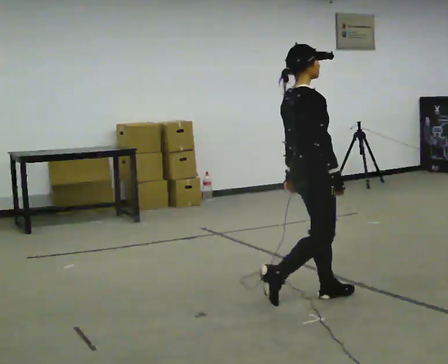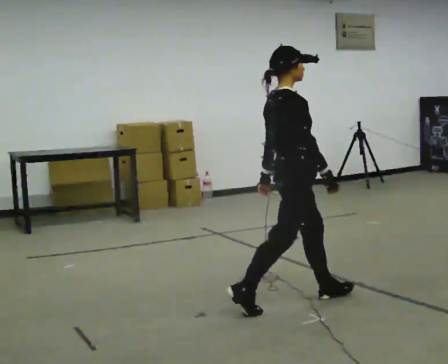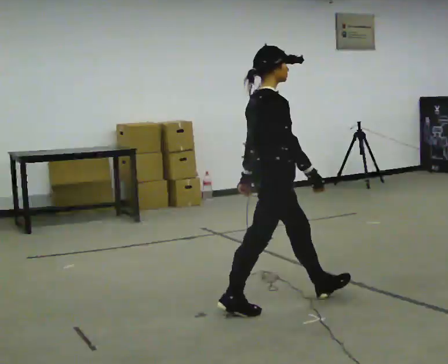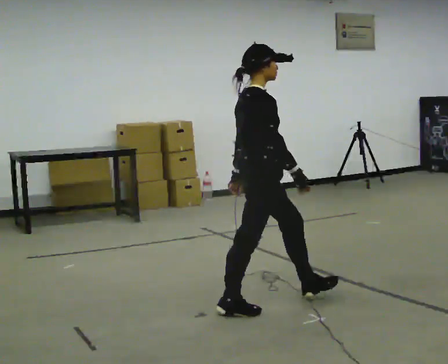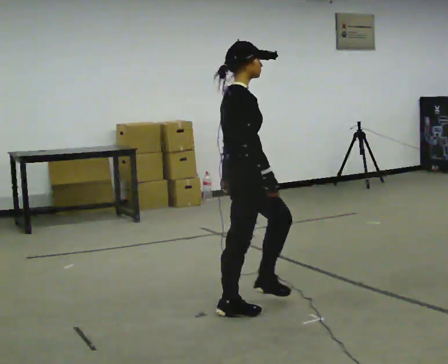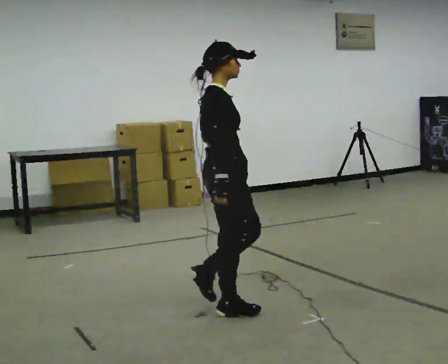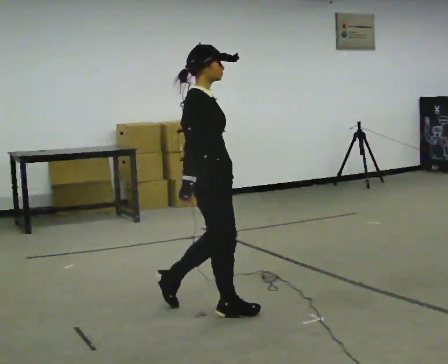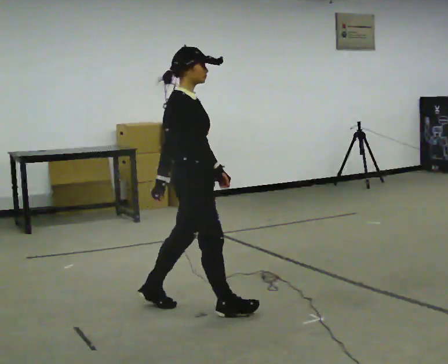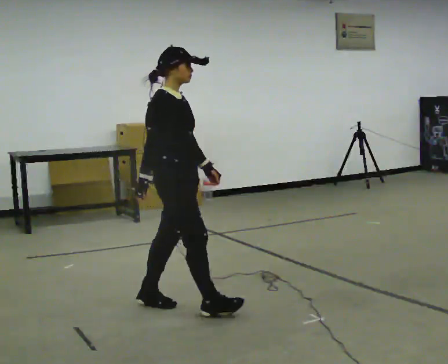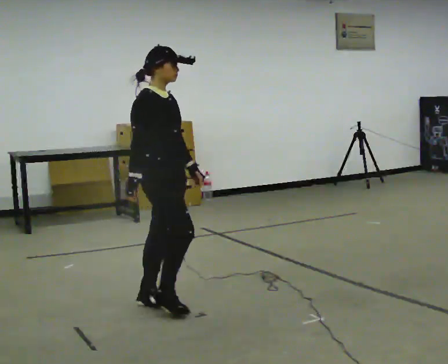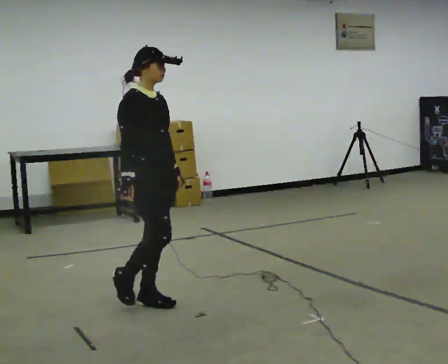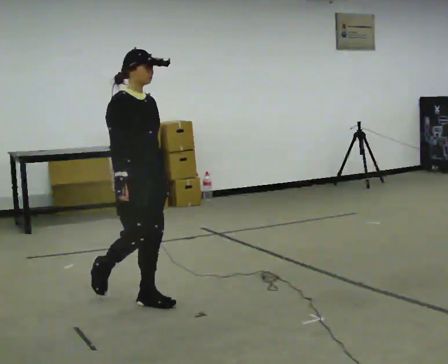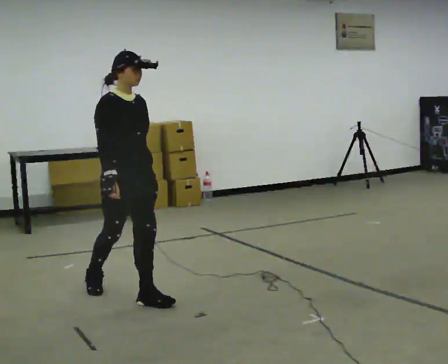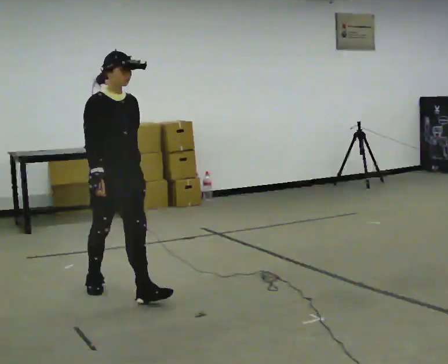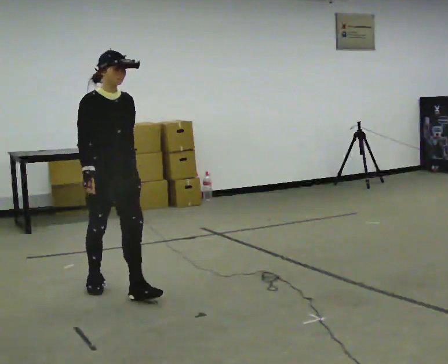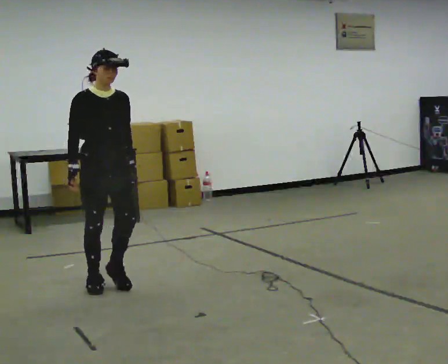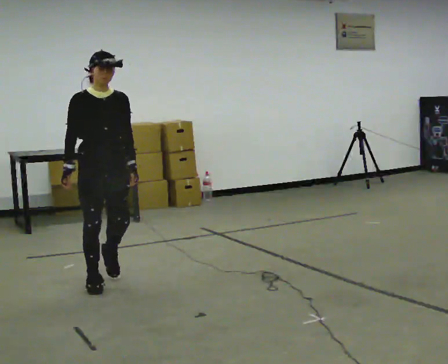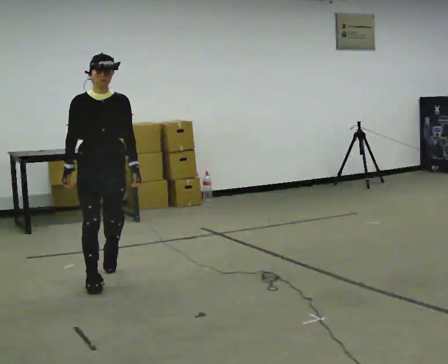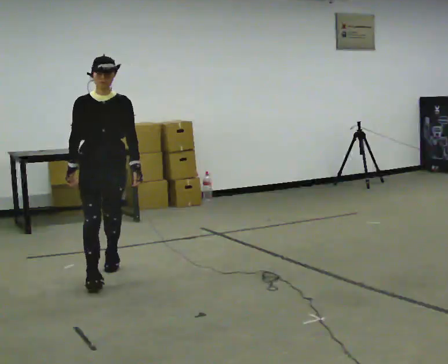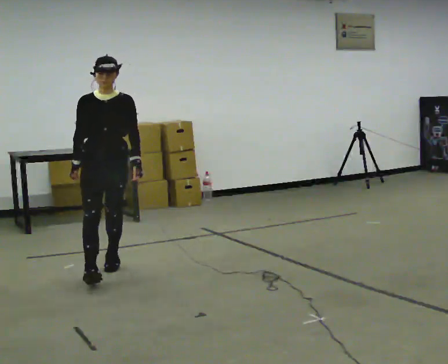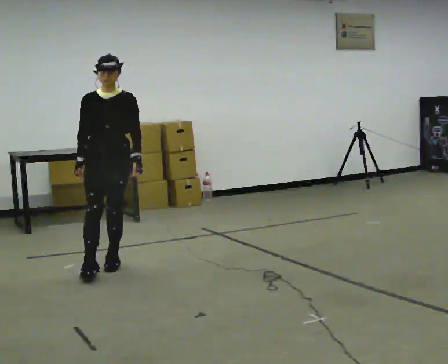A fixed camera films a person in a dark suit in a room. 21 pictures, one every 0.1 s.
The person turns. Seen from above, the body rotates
clockwise.
The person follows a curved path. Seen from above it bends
clockwise.
0.0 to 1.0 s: The person turns about 45 degrees to their right, clockwise seen from above, so the part of the body nearest the lens slides to the left. In the picture they go to the left, about 1 m in 2 steps, which for them is backward.
1.0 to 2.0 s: The part of the body nearest the lens slides to the left as the person turns to their right by about 60 degrees. In the picture they go away from the camera, about 1 m in 2 steps.
The film runs backward here.
